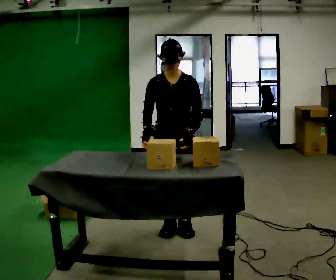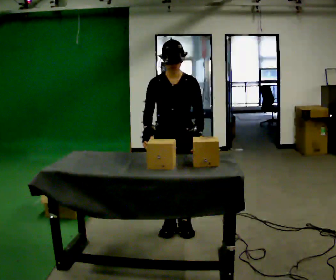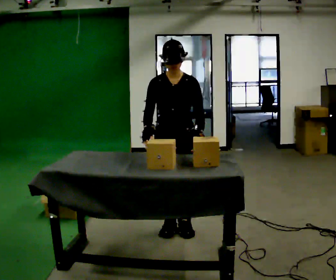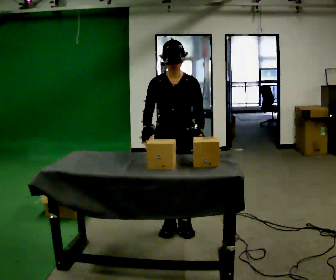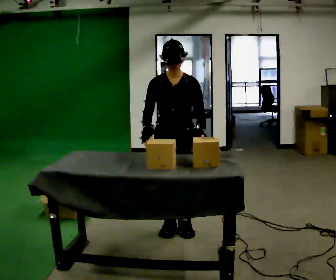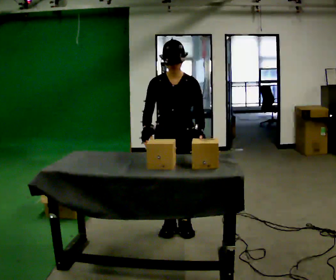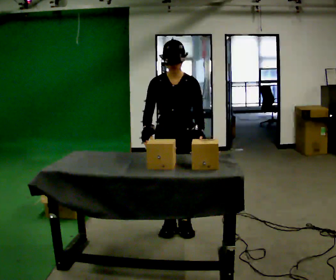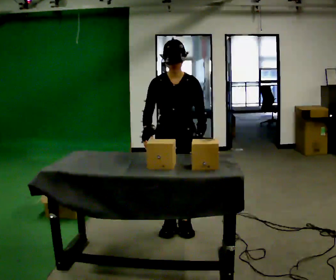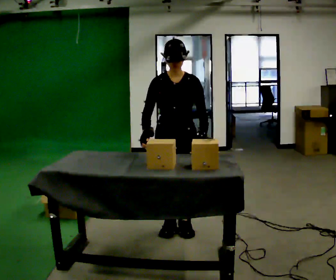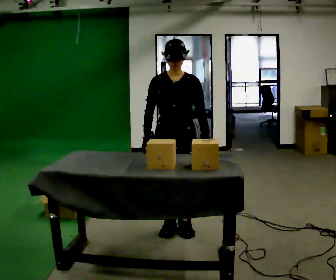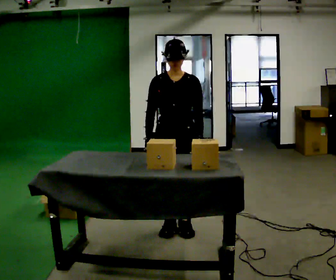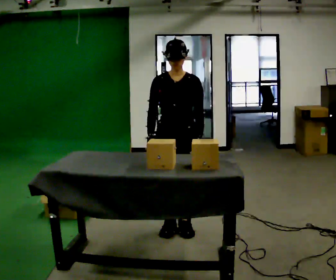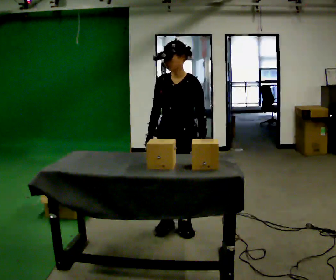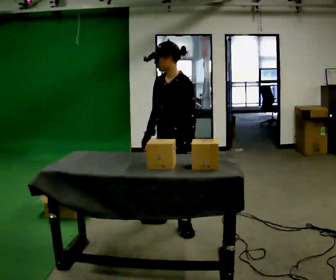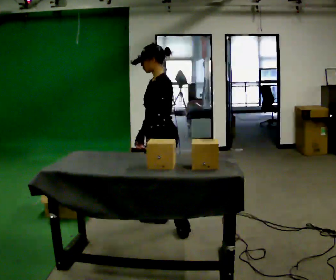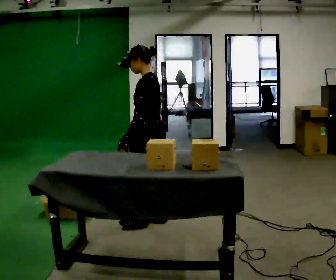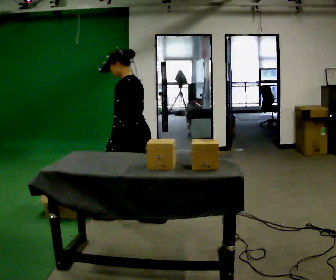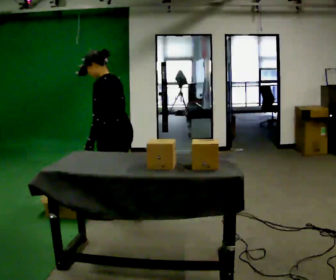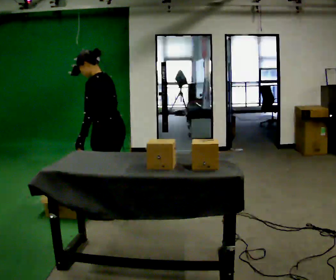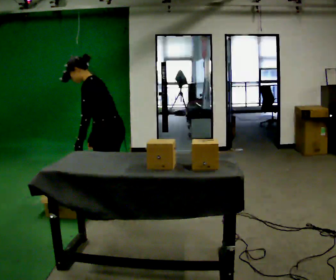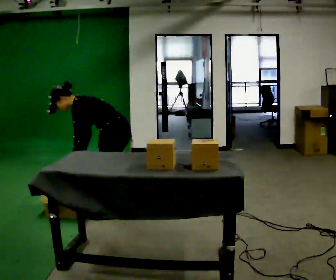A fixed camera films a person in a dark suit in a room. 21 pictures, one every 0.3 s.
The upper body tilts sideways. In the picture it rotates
counterclockwise.
0.0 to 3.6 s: The person moves a little, or ends about where they began.
3.6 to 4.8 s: Seen from above the body turns clockwise, about 75 degrees: to their right, with its near side sliding to the left. In the picture they go to the left and away from the camera, about 0.5 m in 1 step.
4.8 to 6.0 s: In the picture they go to the left, about 0.25 m in 1 step, which for them is forward. The shoulders move downward. In the picture the upper body tilts counterclockwise, shoulders to the left, as they bend forward. In the picture their right hand goes to the left.
The film runs forward here.
